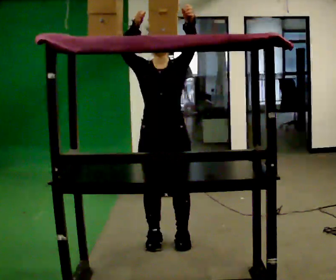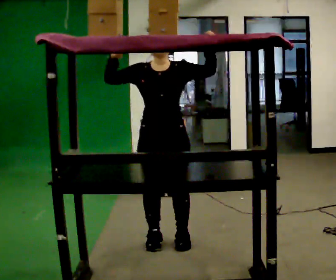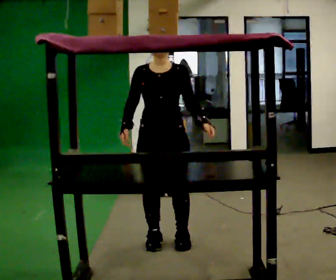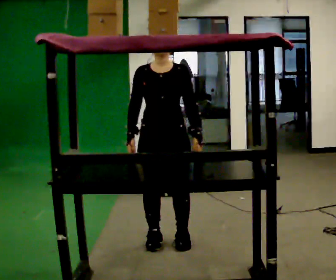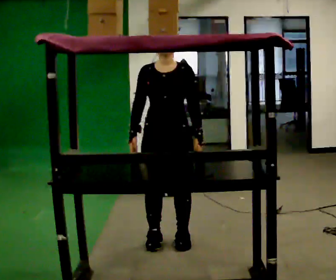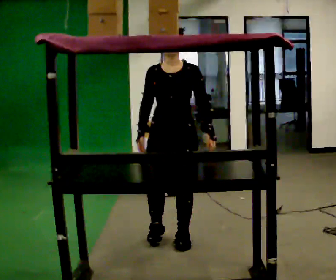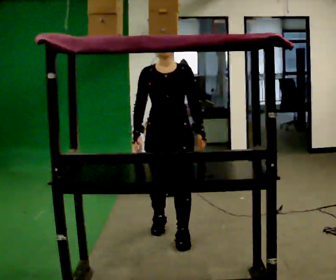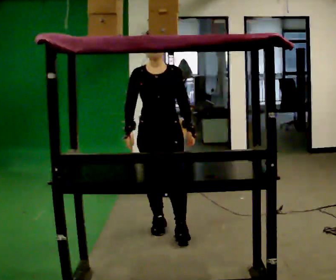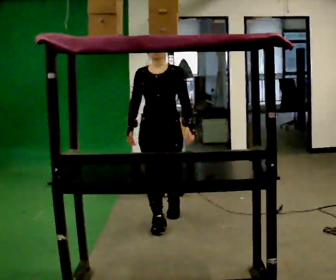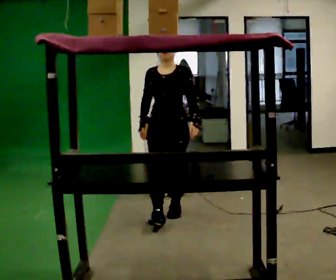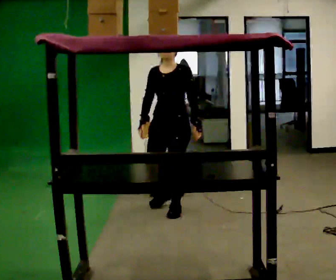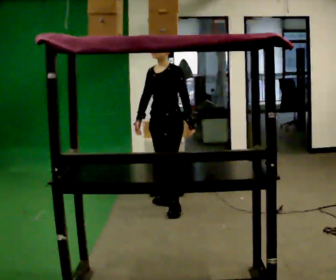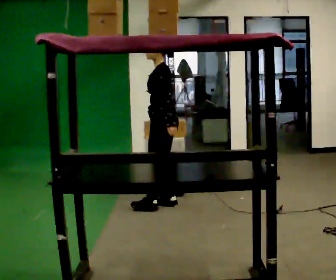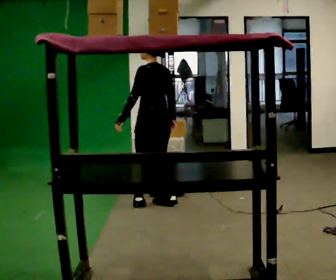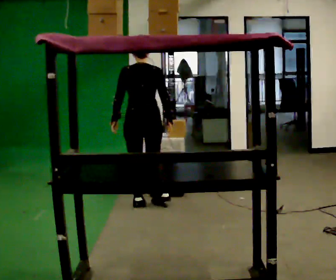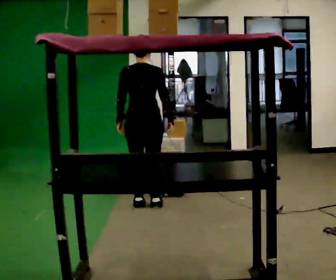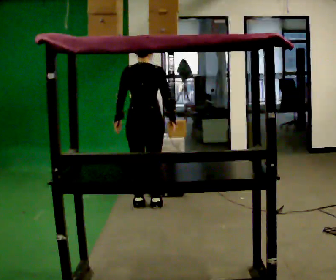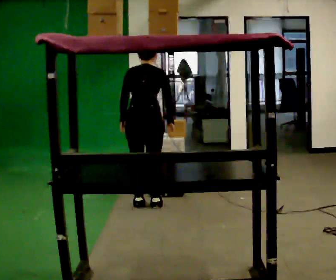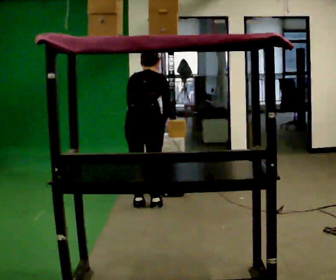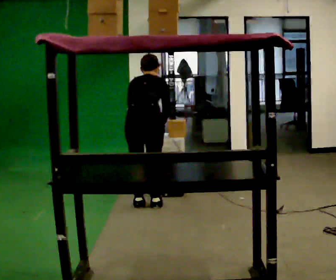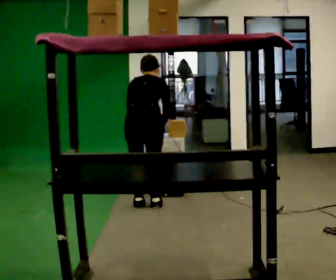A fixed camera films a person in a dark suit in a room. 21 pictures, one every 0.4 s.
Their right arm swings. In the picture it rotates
counterclockwise.
The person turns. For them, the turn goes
to their right.
0.0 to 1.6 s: In the picture their left hand goes downward, the arm swinging clockwise.
1.6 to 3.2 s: In the picture they go away from the camera, about 0.5 m in 2 steps, which for them is backward.
3.2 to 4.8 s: The person turns about 90 degrees to their right, clockwise seen from above, so the part of the body nearest the lens slides to the left. In the picture they go away from the camera, about 0.5 m in 2 steps.
4.8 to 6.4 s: Seen from above the body turns clockwise, about 90 degrees: to their right, with its near side sliding to the left. In the picture they go to the left, about 0.25 m in 1 step. In the picture their left hand goes to the left.
6.4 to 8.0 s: The upper body tips away from the camera, its near side rolling upward, as they bend forward.
The film runs backward here.
